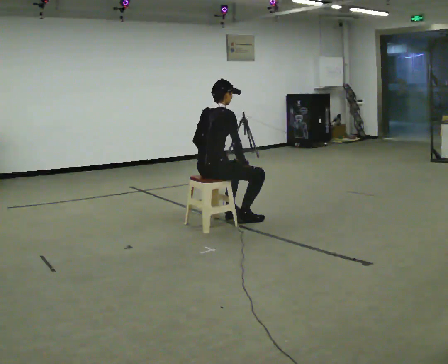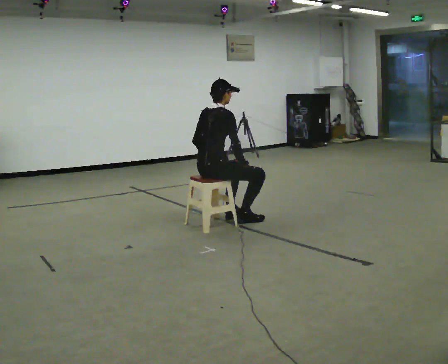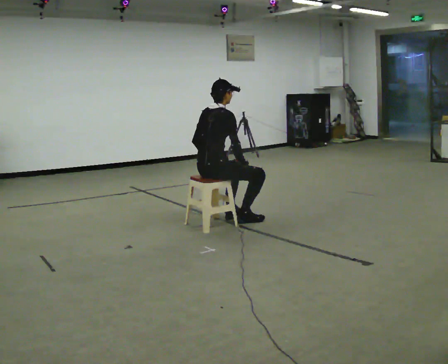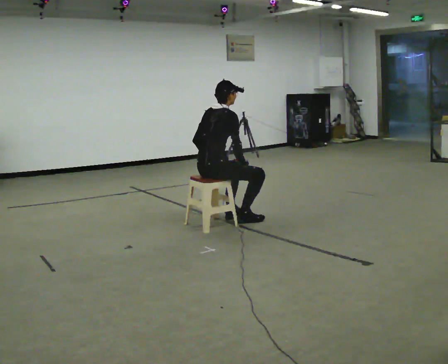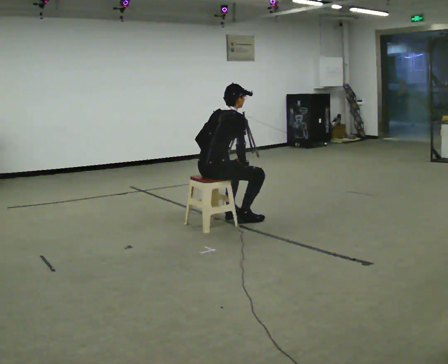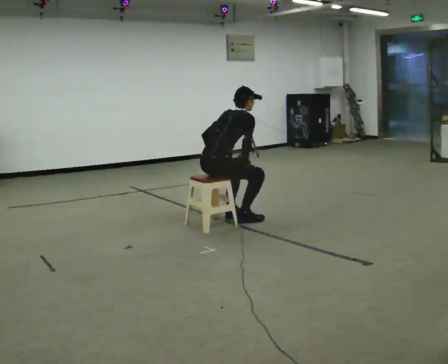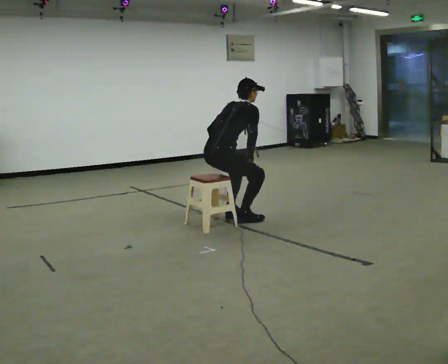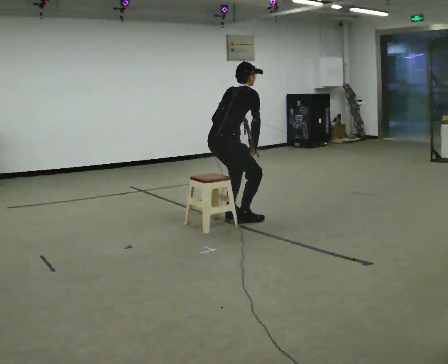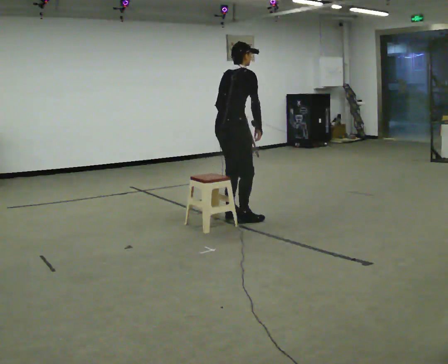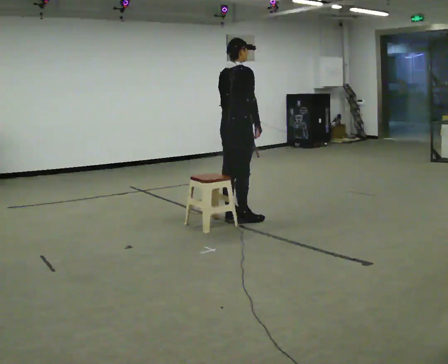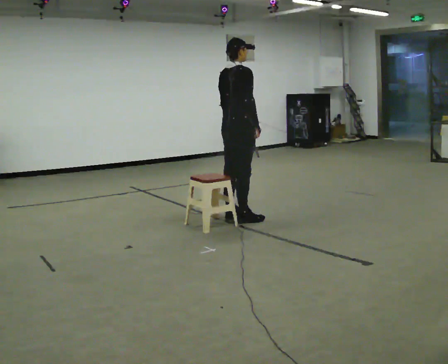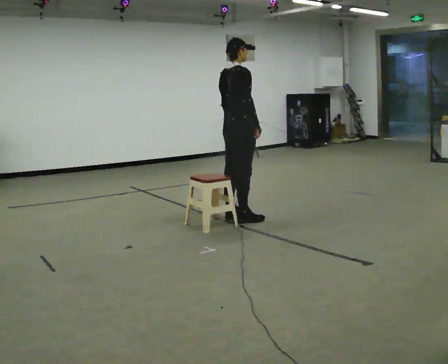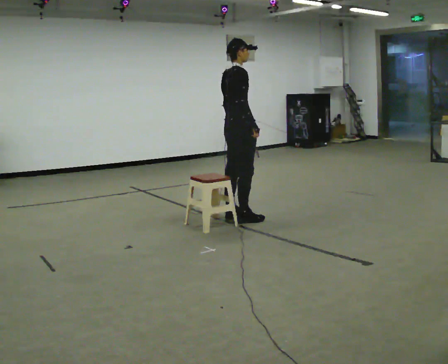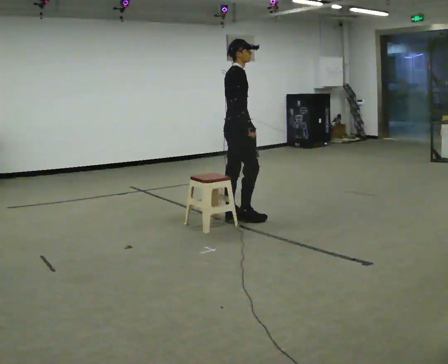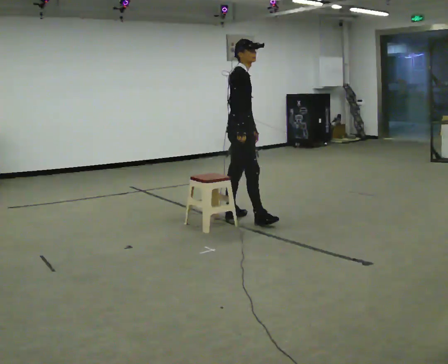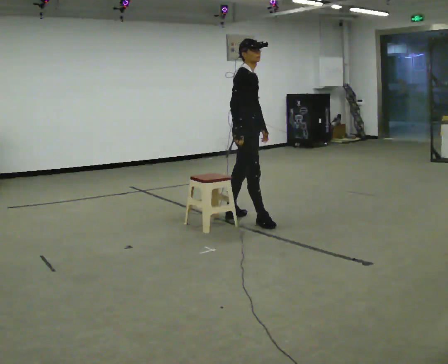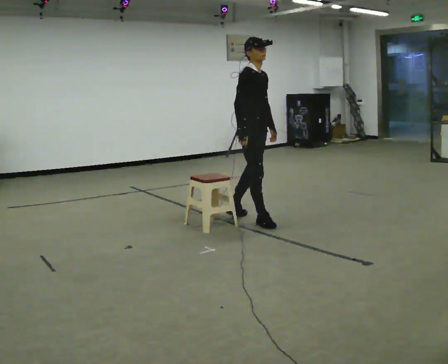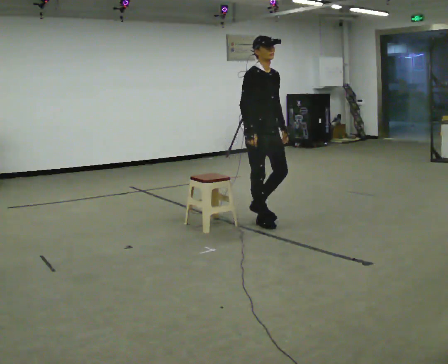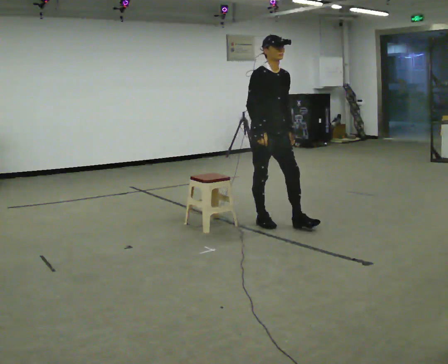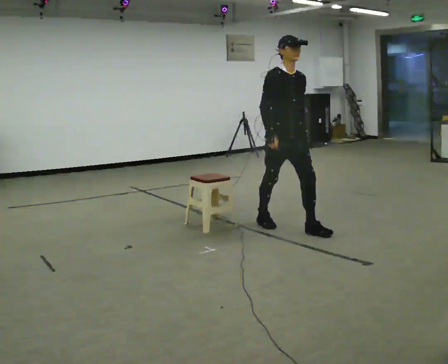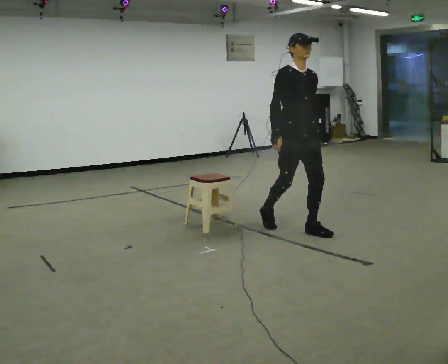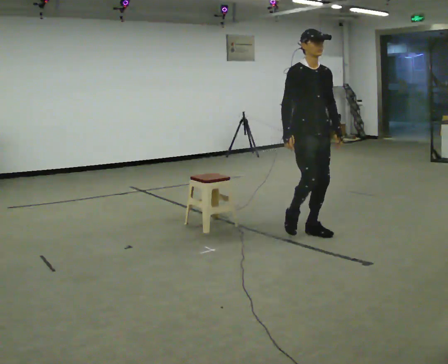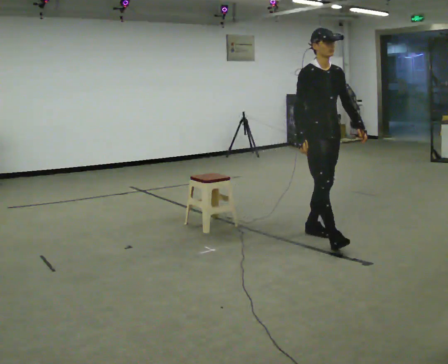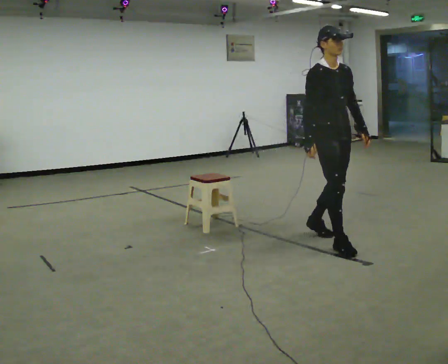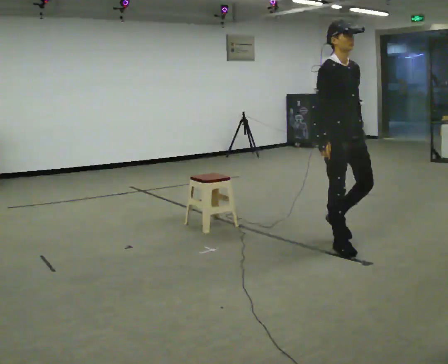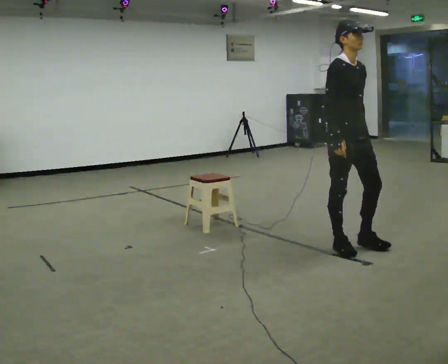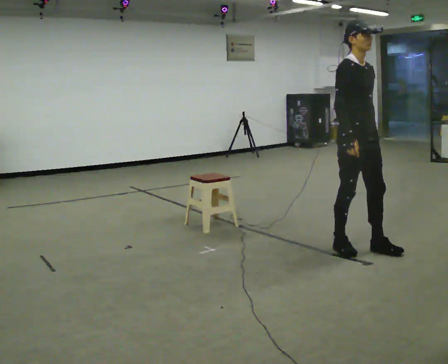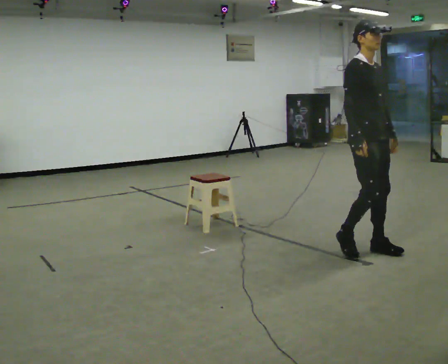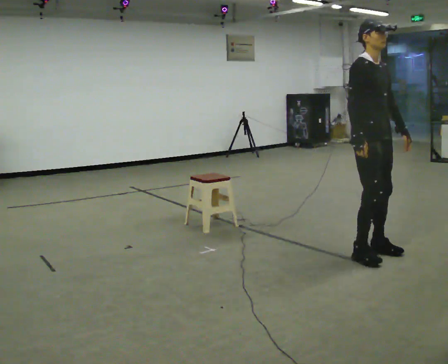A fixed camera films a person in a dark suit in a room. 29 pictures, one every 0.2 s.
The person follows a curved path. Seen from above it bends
clockwise.
0.0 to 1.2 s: In the picture the upper body tilts clockwise, shoulders to the right, as they bend forward.
1.2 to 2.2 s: In the picture they go to the right and away from the camera, about 0.25 m, which for them is forward. The upper body goes upward. In the picture the upper body tilts counterclockwise, shoulders to the left, as they lean back or straighten.
2.2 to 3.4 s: Seen from above the body turns clockwise, about 75 degrees: to their right, with its near side sliding to the left. In the picture they go to the right and toward the camera, about 0.25 m in 1 step.
3.4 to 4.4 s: In the picture they go toward the camera and to the right, about 0.75 m in 1 step, which for them is forward.
4.4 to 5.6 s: In the picture they go toward the camera and to the right, about 0.5 m in 2 steps, which for them is forward.
The film runs forward here.
